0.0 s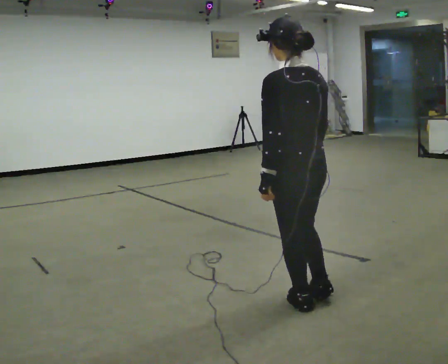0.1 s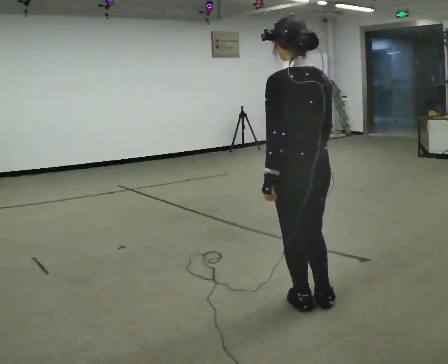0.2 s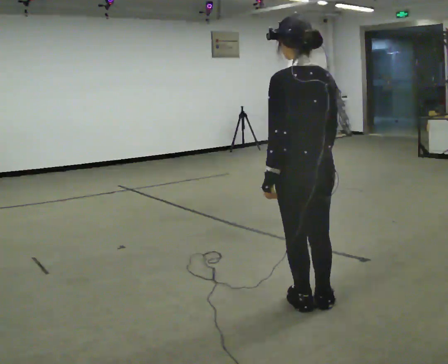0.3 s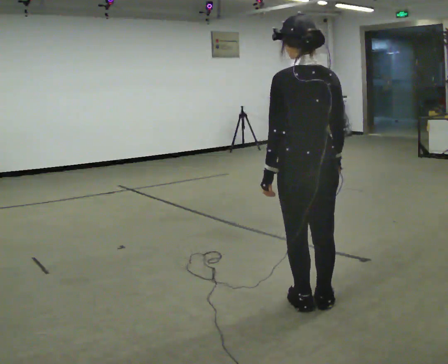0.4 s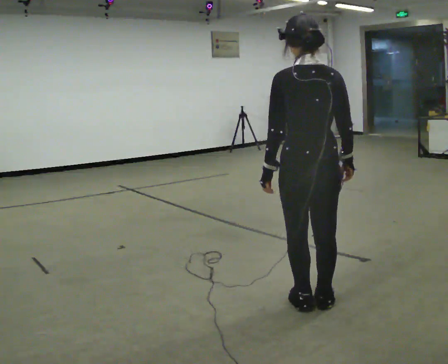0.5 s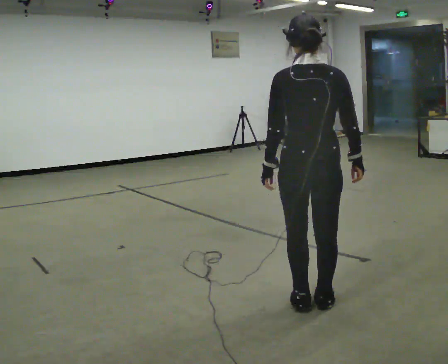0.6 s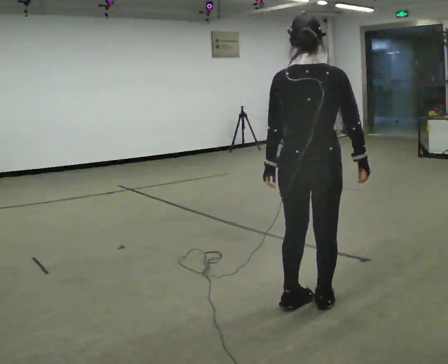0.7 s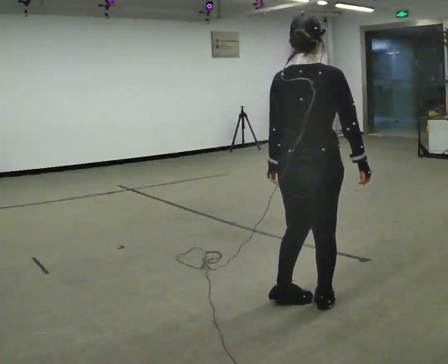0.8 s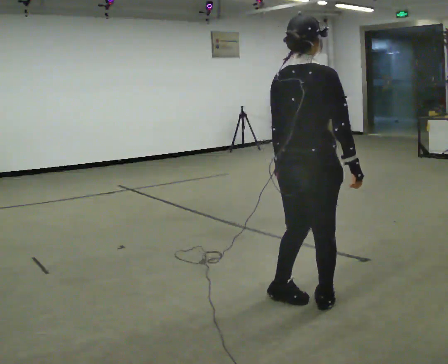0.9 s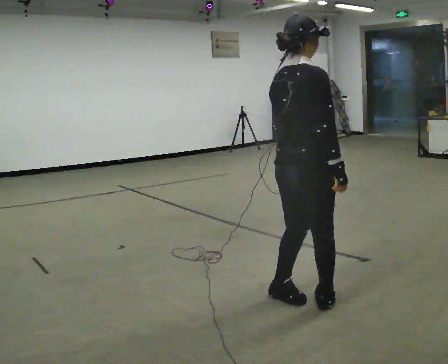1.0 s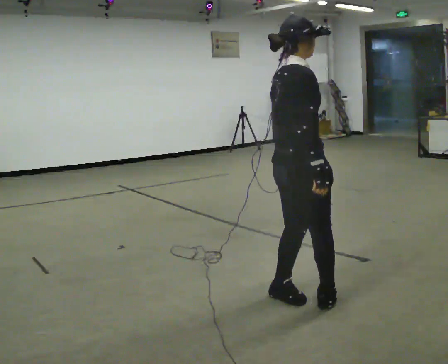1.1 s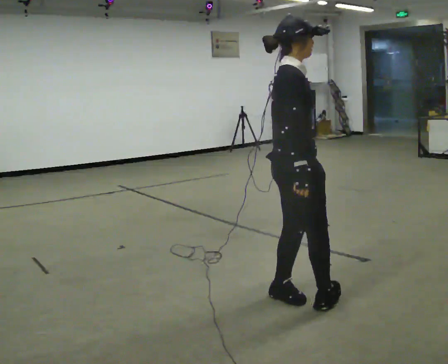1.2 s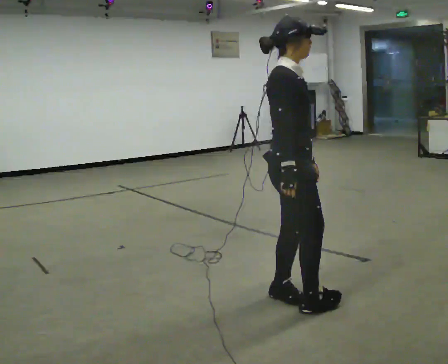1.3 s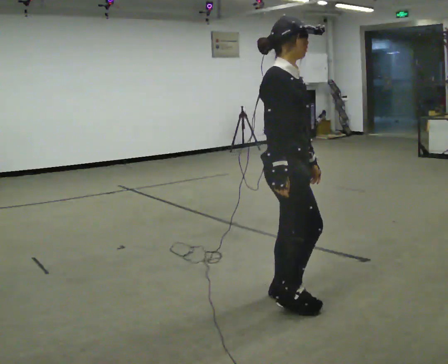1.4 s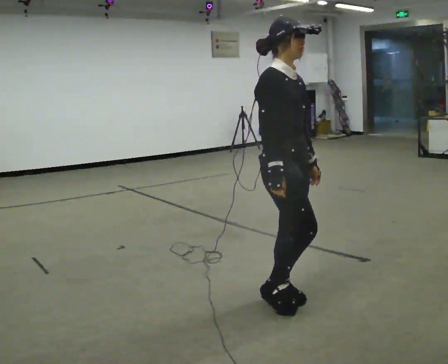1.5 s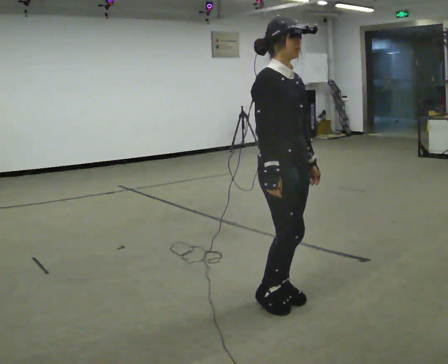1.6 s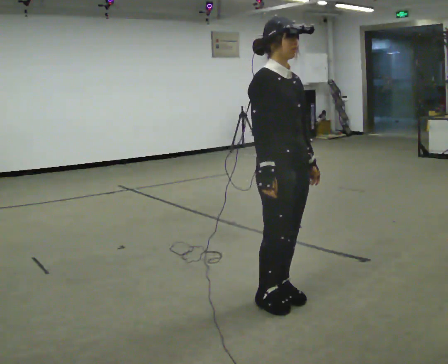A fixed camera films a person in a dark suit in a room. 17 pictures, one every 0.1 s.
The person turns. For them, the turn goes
to their right.
The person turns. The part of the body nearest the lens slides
to the left.
0.0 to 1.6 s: The person turns about 150 degrees to their right, clockwise seen from above, so the part of the body nearest the lens slides to the left.
The film runs backward here.
